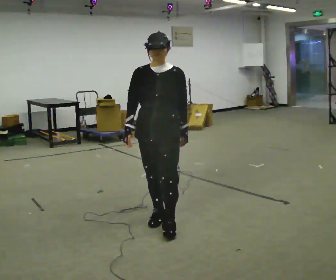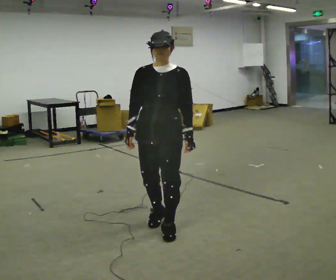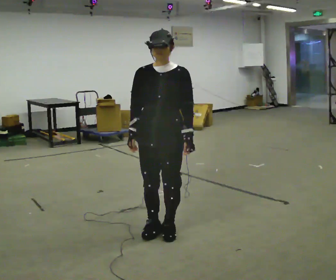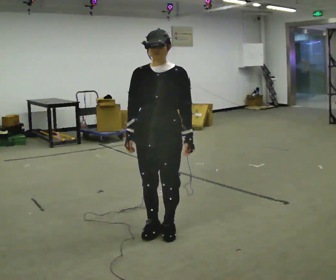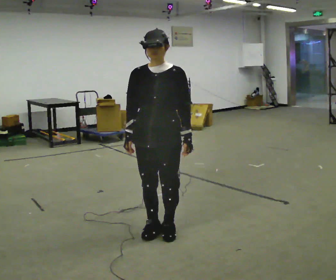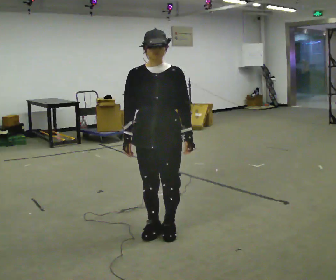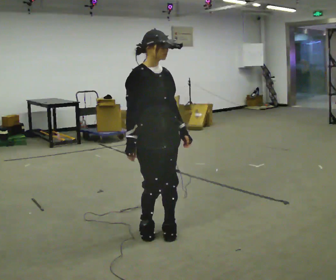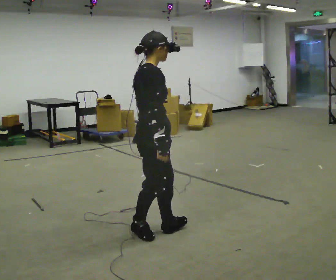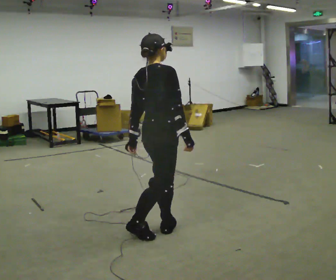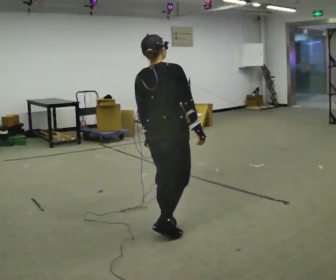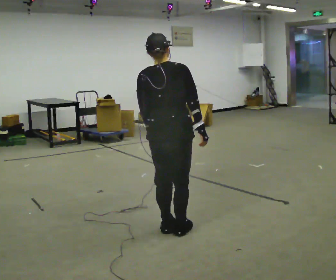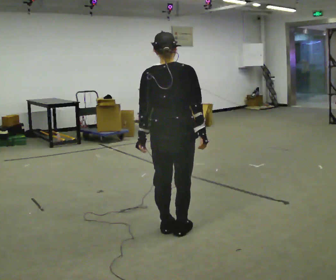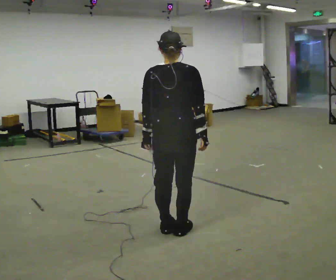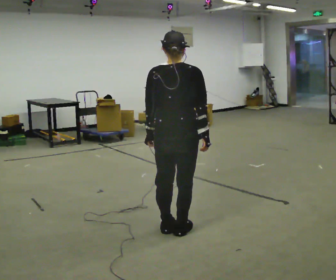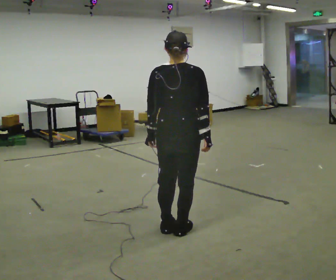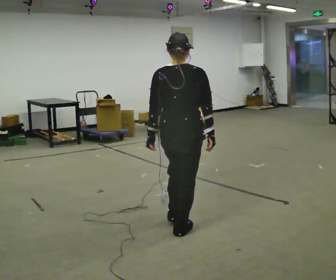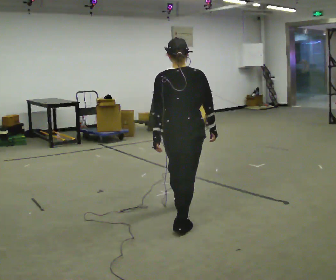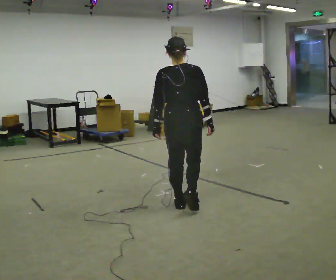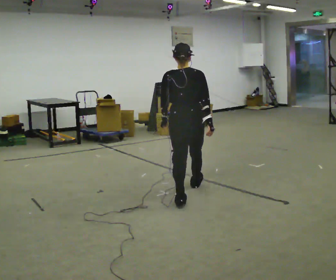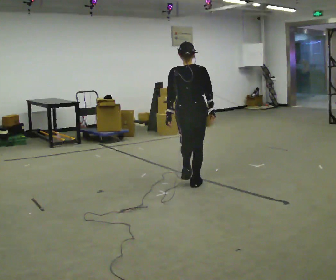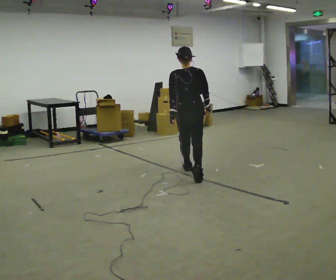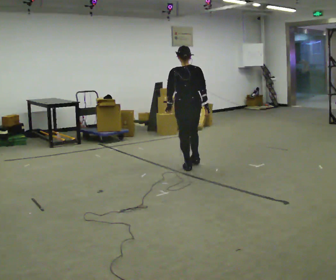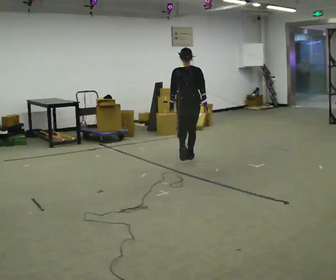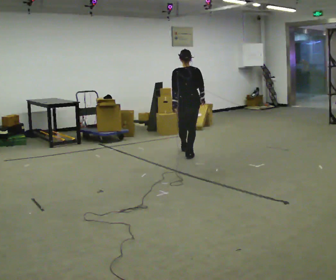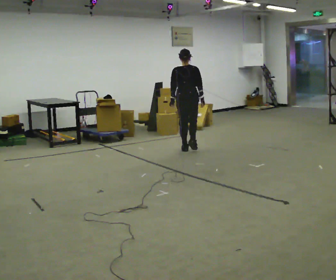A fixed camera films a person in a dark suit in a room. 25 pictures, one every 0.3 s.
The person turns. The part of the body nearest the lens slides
to the right.
The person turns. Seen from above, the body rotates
counterclockwise.
0.0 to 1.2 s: In the picture they go toward the camera, about 0.25 m in 2 steps, which for them is forward.
1.2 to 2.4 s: Seen from above the body turns counterclockwise, about 135 degrees: to their left, with its near side sliding to the right. In the picture their right hand goes to the right, the arm swinging counterclockwise.
2.4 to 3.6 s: The part of the body nearest the lens slides to the right as the person turns to their left by about 45 degrees.
3.6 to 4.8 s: In the picture they go away from the camera, about 0.25 m in 1 step, which for them is forward.
4.8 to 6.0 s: In the picture they go away from the camera, about 1.5 m in 2 steps, which for them is forward.
6.0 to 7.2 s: In the picture they go away from the camera, about 1 m in 2 steps, which for them is forward.
The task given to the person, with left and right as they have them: Start still; accelerate to fast walking; hold the fast speed for several steps; decelerate and stop. Do not run.
The film runs forward here.
